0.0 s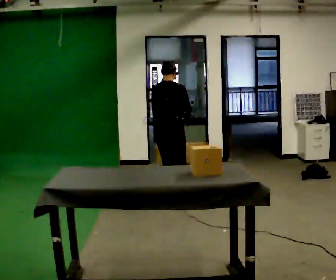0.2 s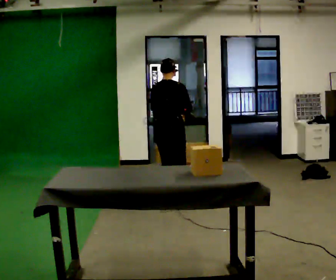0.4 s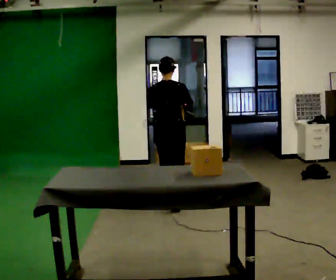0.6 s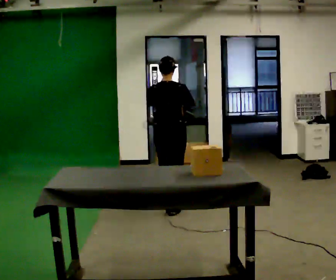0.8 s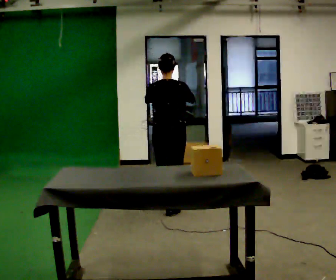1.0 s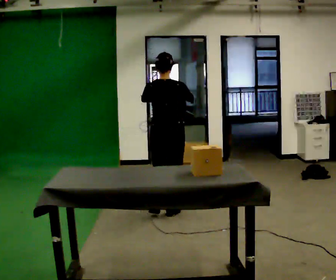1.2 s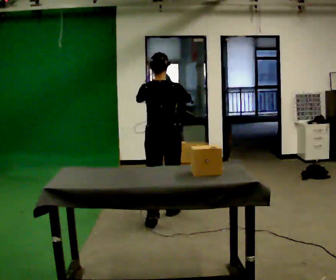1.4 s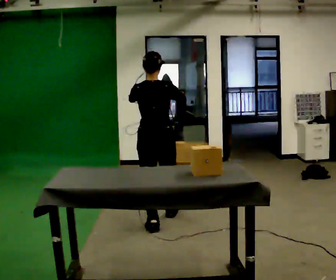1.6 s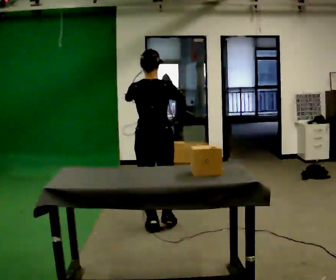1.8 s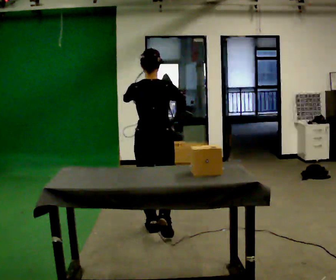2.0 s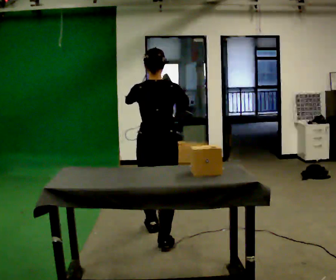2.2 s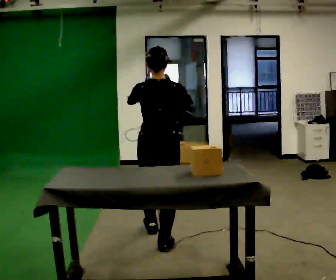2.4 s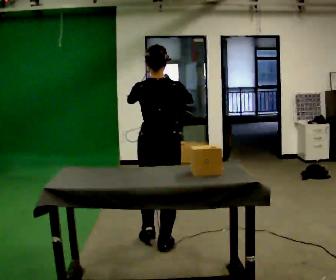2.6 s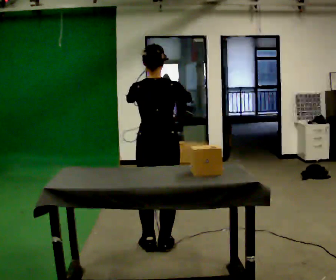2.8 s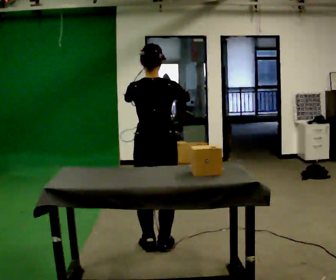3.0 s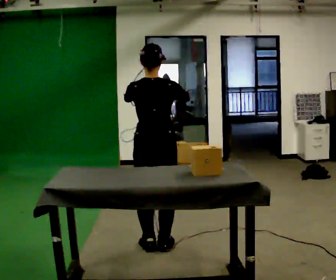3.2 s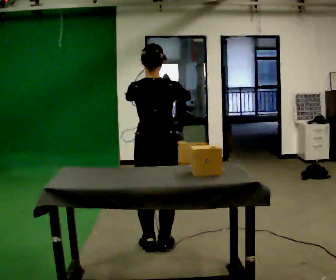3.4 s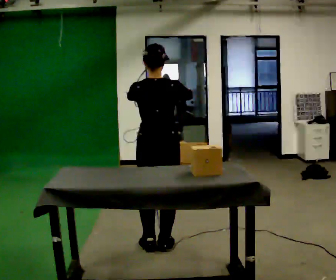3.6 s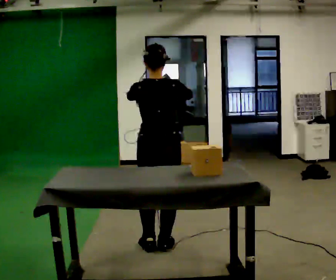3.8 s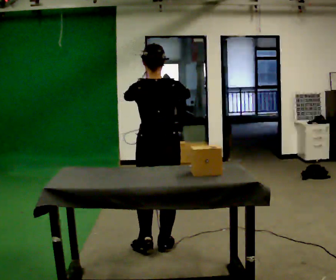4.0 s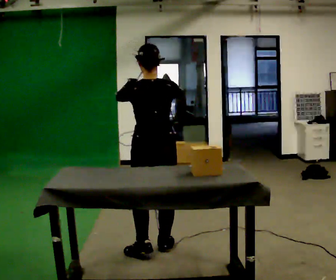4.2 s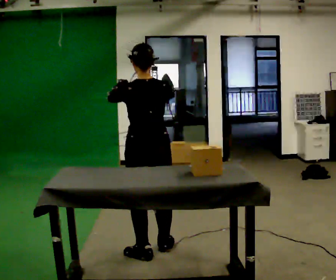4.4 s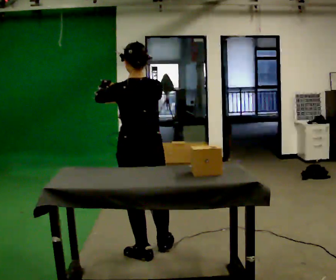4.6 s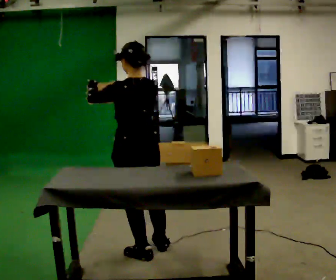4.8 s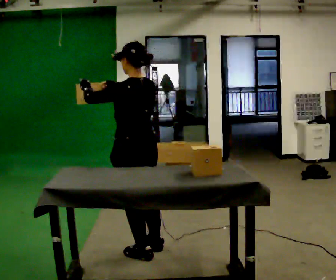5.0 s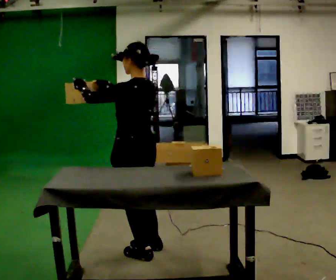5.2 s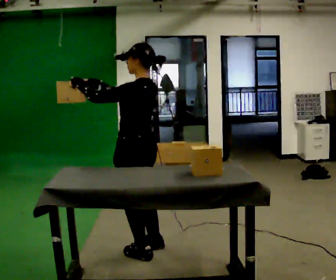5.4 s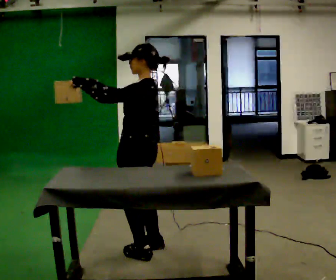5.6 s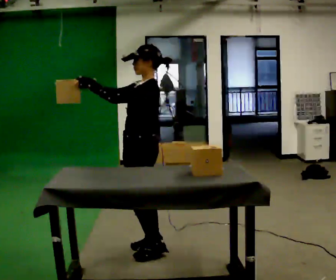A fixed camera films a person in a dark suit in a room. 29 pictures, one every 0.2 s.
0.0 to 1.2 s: In the picture they go toward the camera, about 0.75 m in 2 steps, which for them is backward. The upper body tips toward the camera, its near side rolling downward, as they lean back or straighten. In the picture their left hand goes upward.
1.2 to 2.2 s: In the picture they go toward the camera, about 0.75 m in 2 steps, which for them is backward.
2.2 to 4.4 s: In the picture they go toward the camera, about 0.25 m in 1 step, which for them is backward.
4.4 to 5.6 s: Seen from above the body turns counterclockwise, about 75 degrees: to their left, with its near side sliding to the right.
The film runs backward here.
